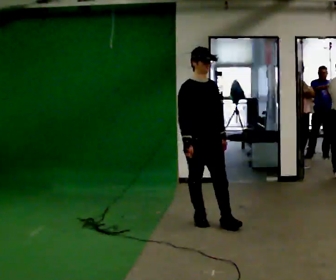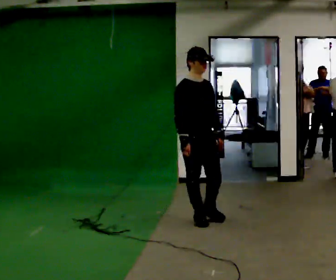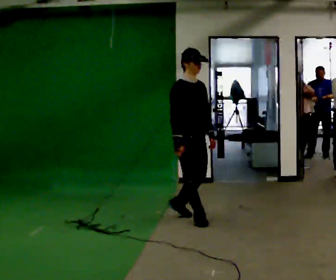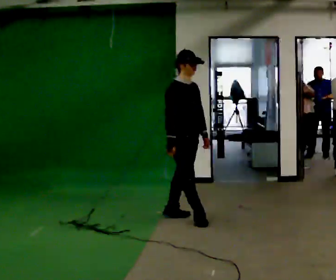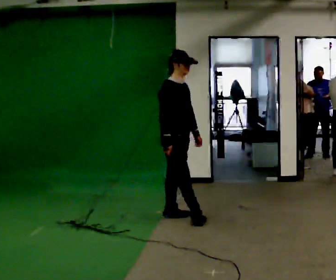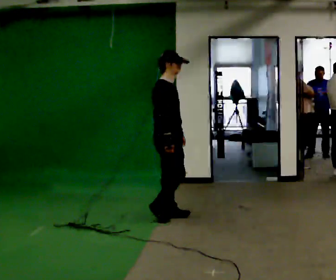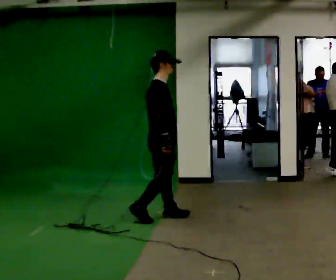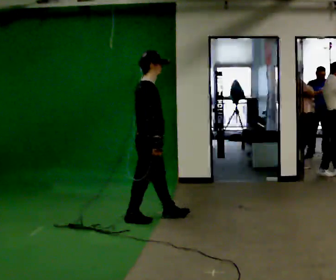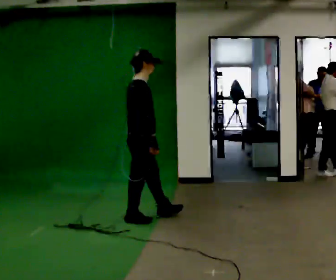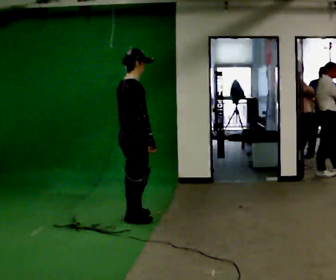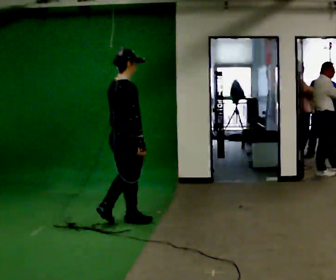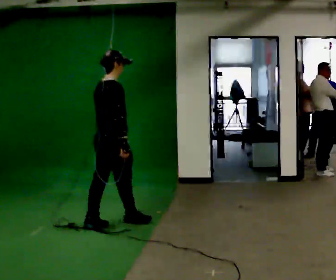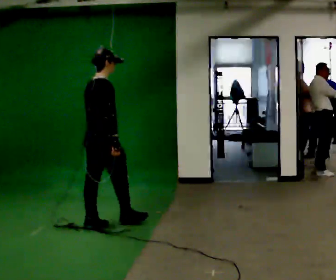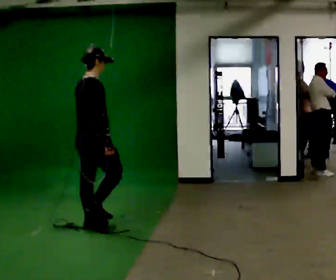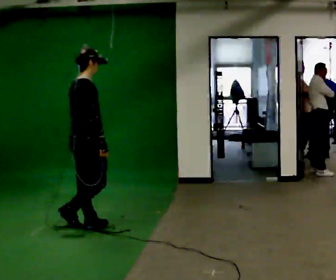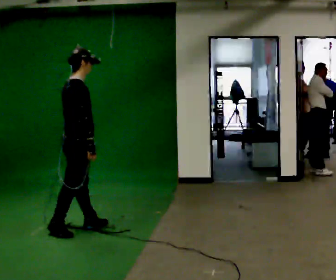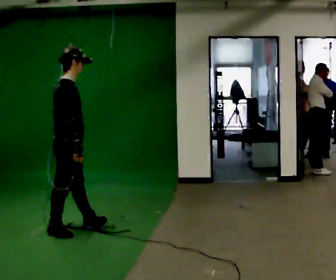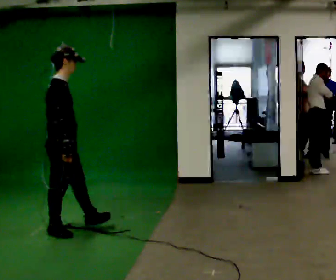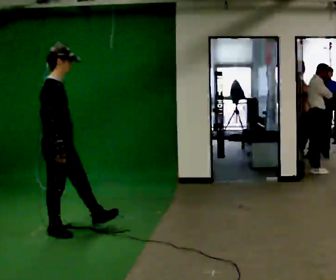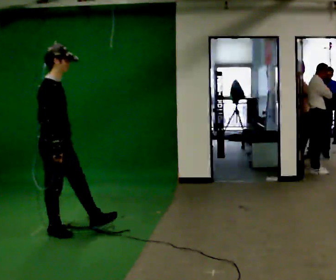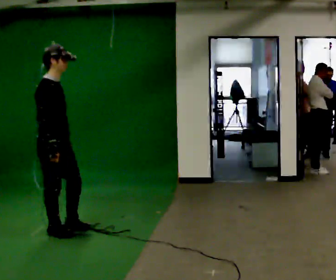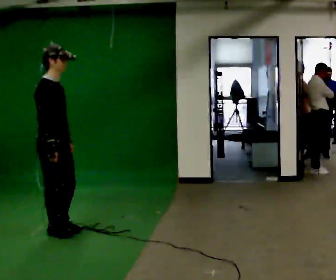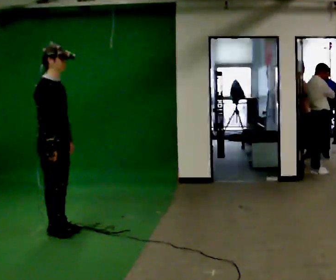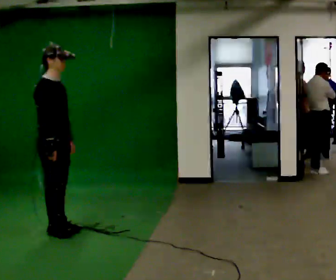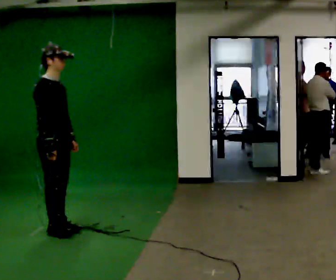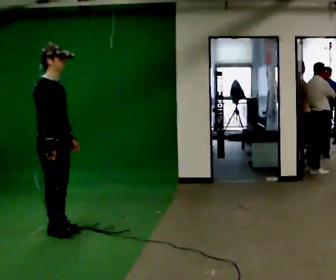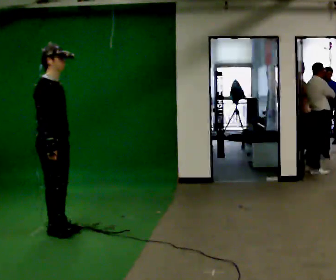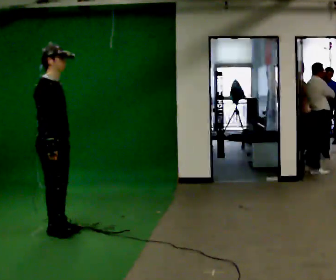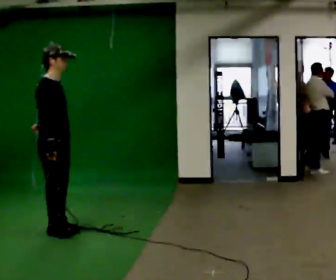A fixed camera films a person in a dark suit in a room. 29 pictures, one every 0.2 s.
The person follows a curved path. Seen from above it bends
counterclockwise.
The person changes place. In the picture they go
to the left.
0.0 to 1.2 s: Seen from above the body turns counterclockwise, about 60 degrees: to their left, with its near side sliding to the right. In the picture they go to the left and away from the camera, about 0.5 m in 1 step, which for them is backward.
1.2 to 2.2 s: Seen from above the body turns counterclockwise, about 45 degrees: to their left, with its near side sliding to the right. In the picture they go to the left and toward the camera, about 0.5 m in 1 step, which for them is backward.
2.2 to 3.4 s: Seen from above the body turns clockwise, about 30 degrees: to their right, with its near side sliding to the left. In the picture they go to the left and toward the camera, about 0.5 m in 2 steps, which for them is backward.
3.4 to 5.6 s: The person moves a little, or ends about where they began.
The film runs backward here.
